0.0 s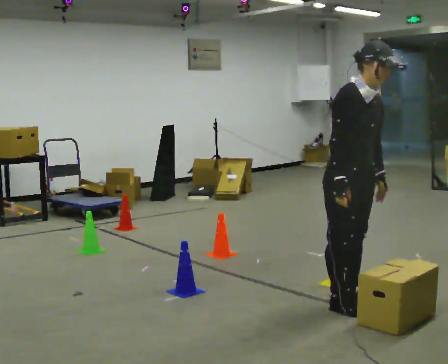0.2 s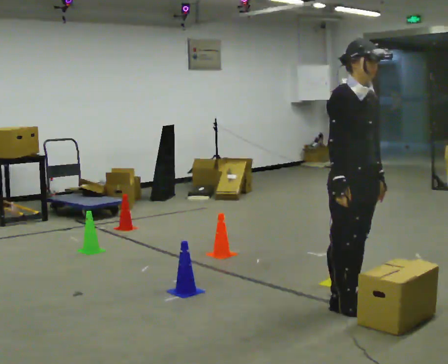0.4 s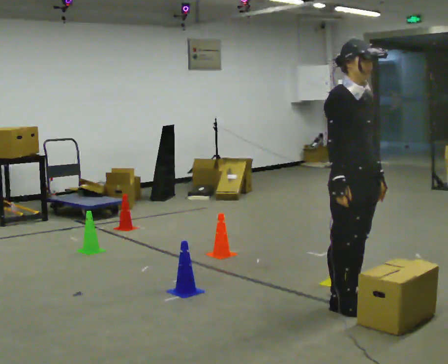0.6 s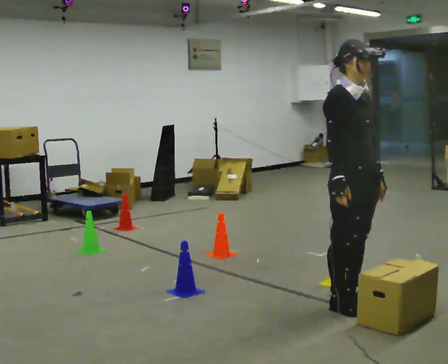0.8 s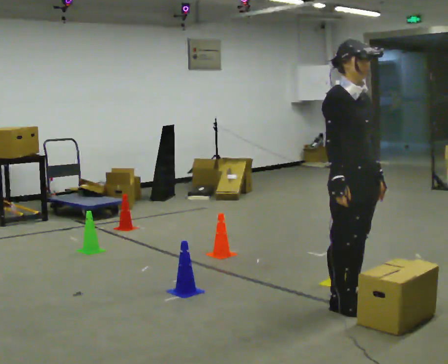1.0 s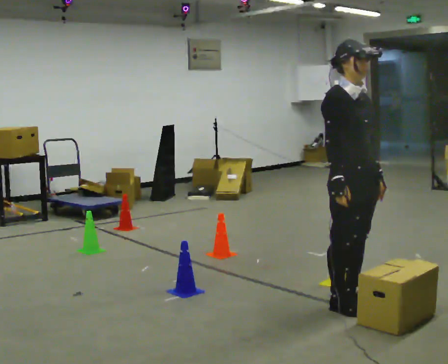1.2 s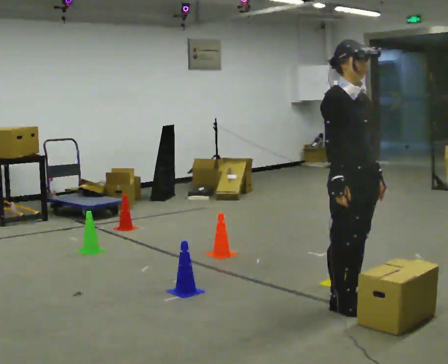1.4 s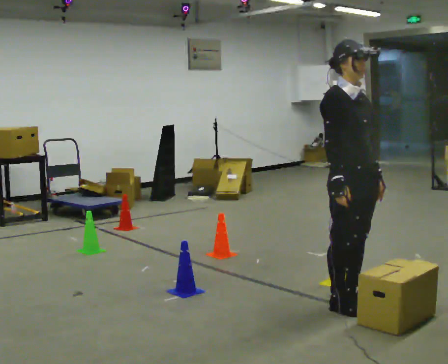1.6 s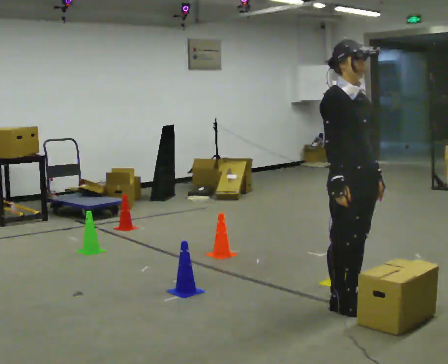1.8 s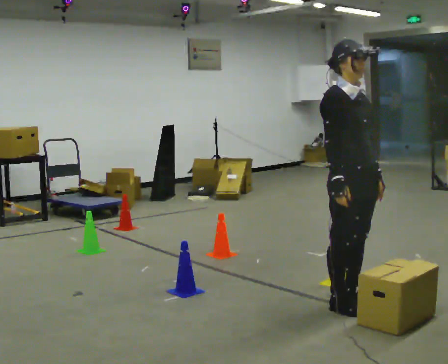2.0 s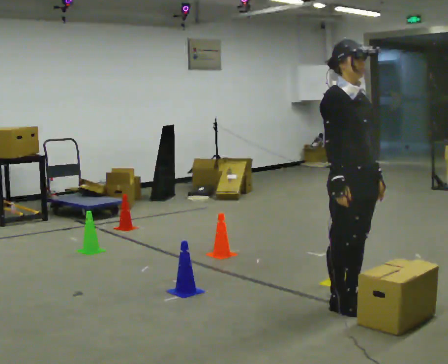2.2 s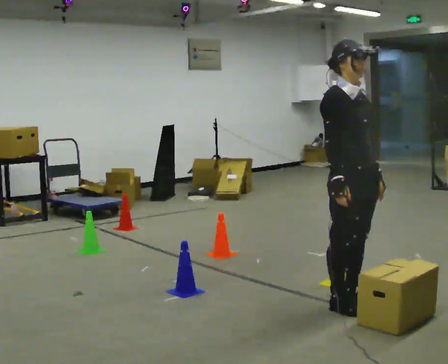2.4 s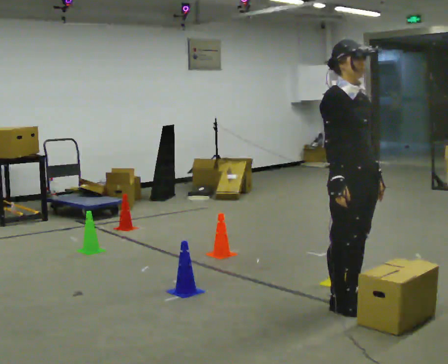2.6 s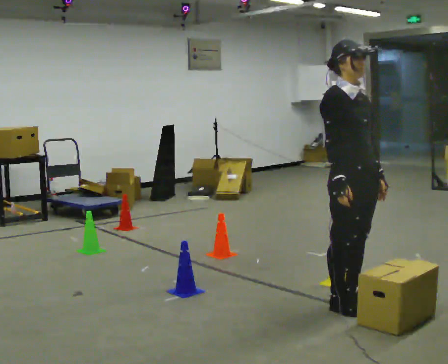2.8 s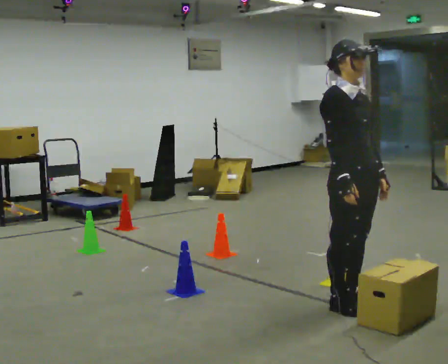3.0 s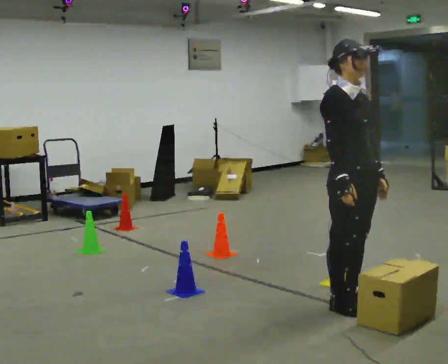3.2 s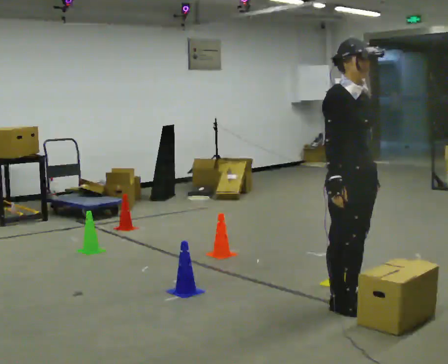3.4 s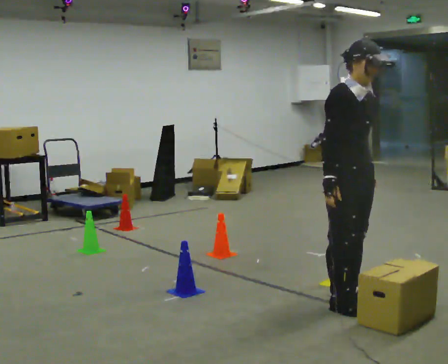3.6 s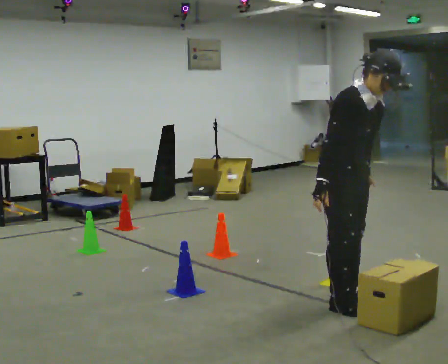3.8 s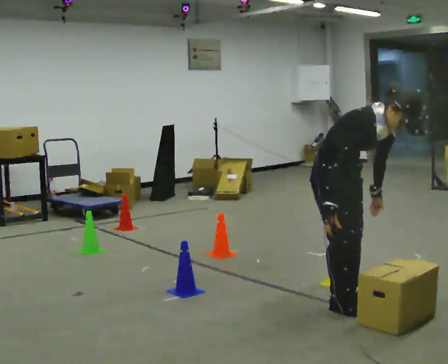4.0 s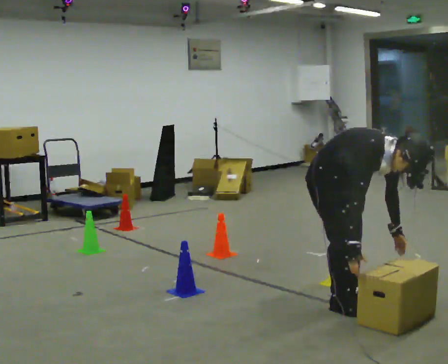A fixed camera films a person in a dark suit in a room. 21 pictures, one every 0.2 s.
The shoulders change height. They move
downward.
0.0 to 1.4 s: In the picture the upper body tilts counterclockwise, shoulders to the left, as they lean back or straighten.
1.4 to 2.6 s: The person keeps their place and pose.
2.6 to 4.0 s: The upper body goes downward. In the picture the upper body tilts clockwise, shoulders to the right, as they bend forward. In the picture their right hand goes downward.
The film runs backward here.
